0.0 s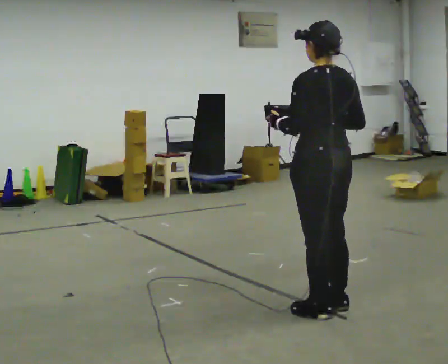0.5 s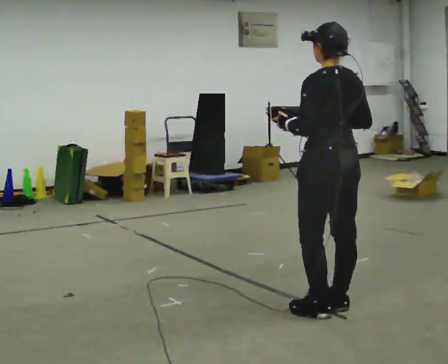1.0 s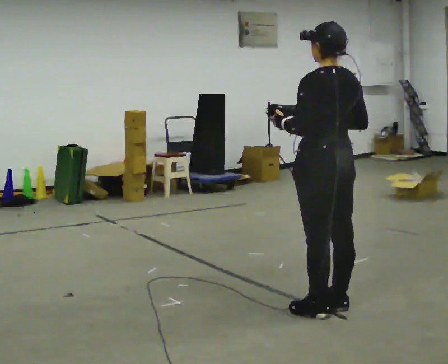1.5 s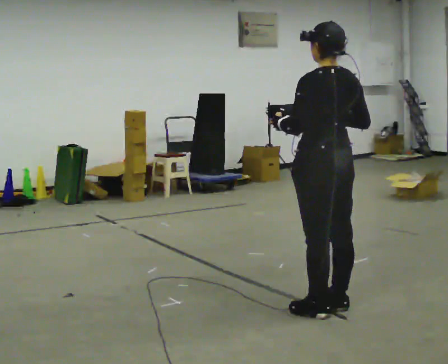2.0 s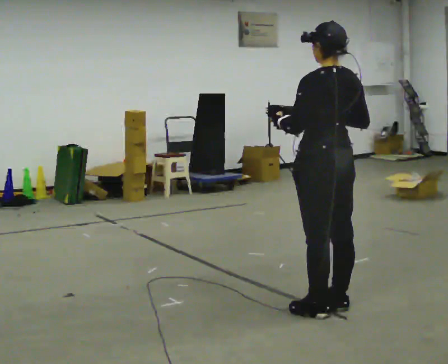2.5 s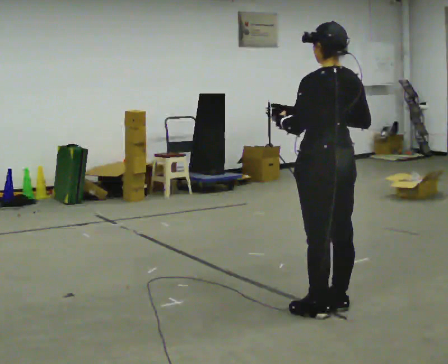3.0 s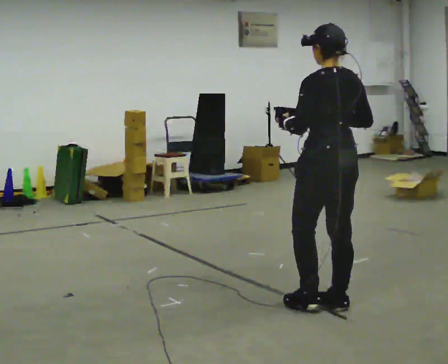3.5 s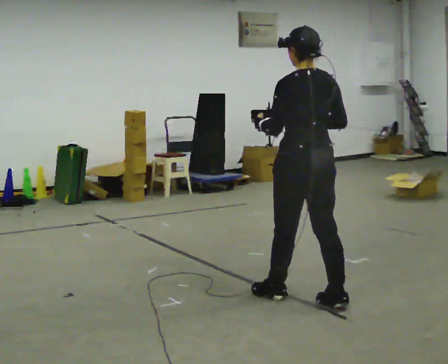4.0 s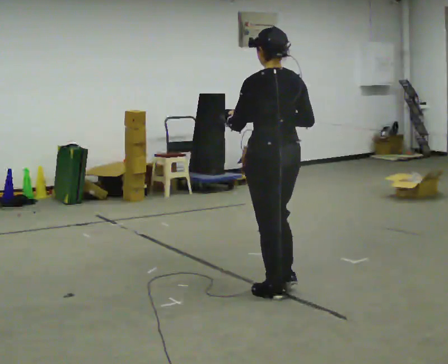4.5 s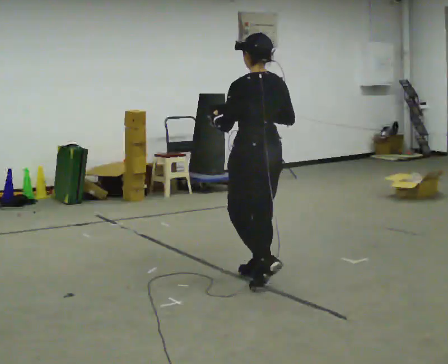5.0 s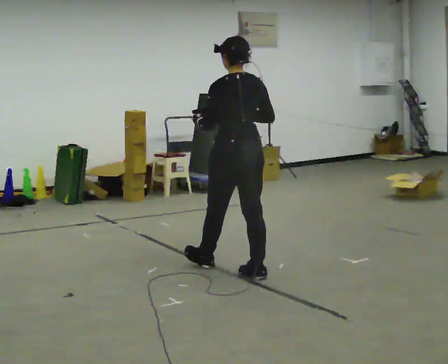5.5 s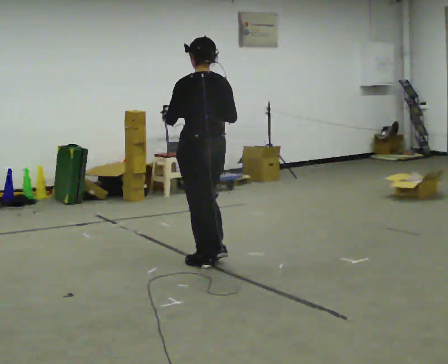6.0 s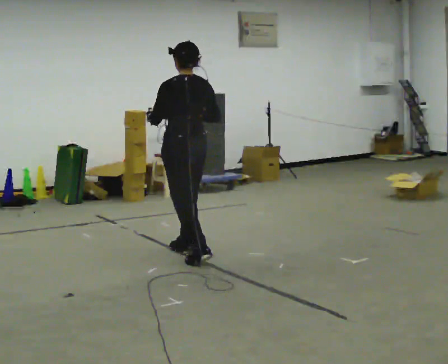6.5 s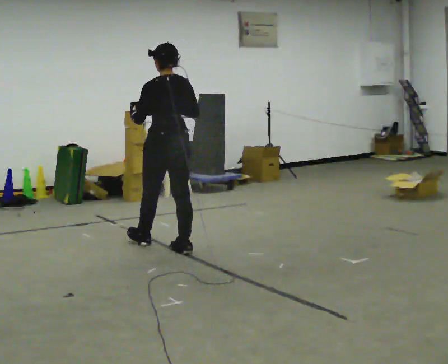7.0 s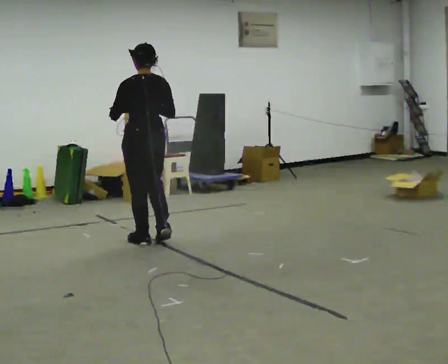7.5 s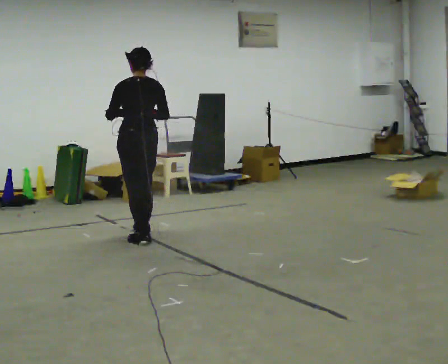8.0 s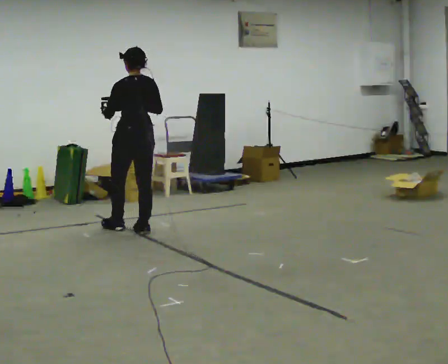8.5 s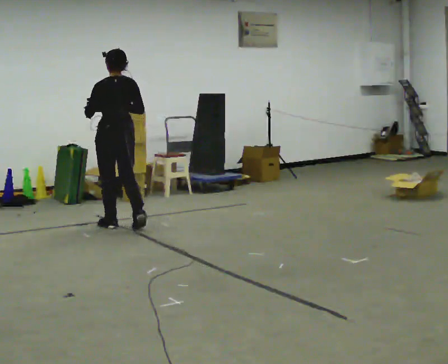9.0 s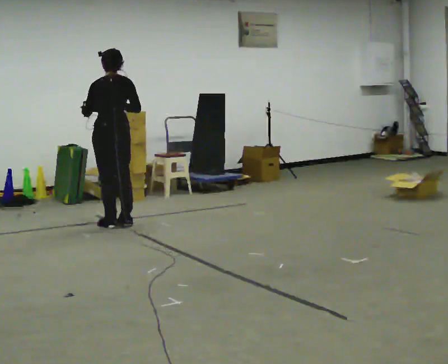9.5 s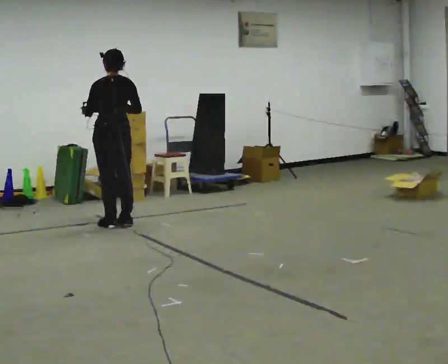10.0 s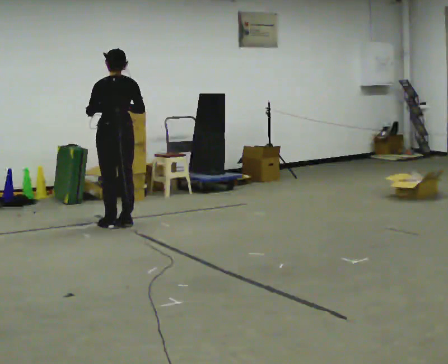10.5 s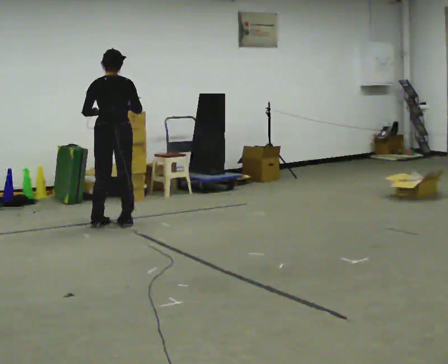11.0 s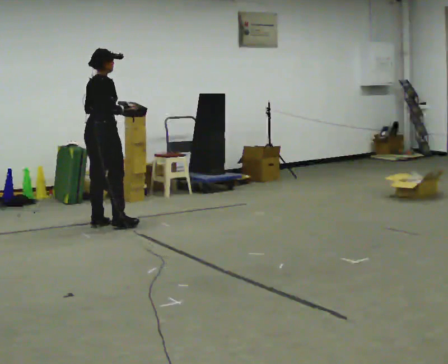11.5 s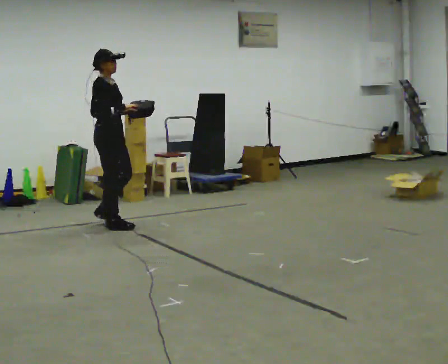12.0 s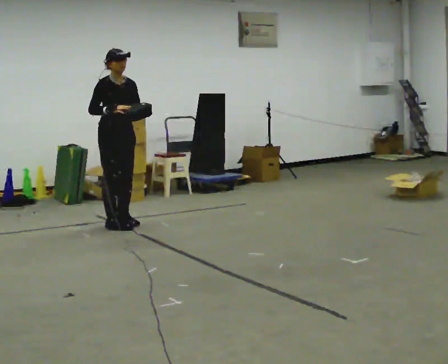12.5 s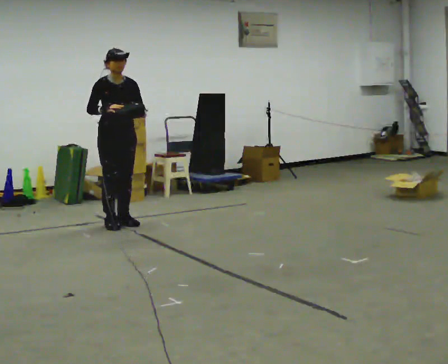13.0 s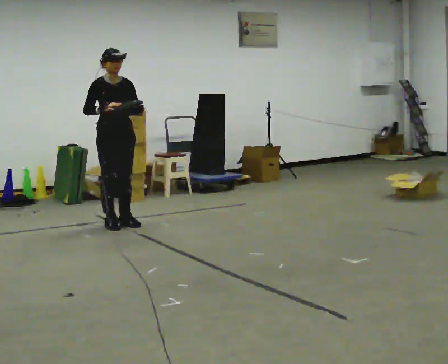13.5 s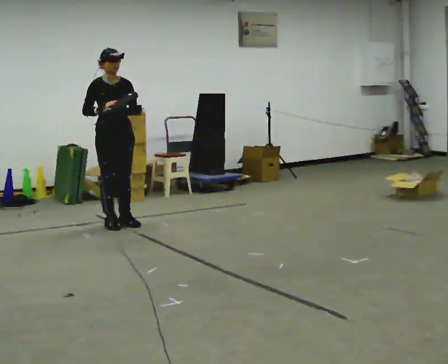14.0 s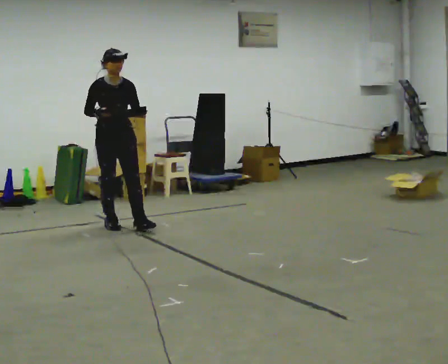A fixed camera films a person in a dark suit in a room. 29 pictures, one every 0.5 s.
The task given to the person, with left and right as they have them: Carry the lidded box and, while you are still walking, open the lid, then close it again. Repeat as you walk back and forth. Do not stop to do it.
0.0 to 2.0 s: The person moves a little, or ends about where they began.
2.0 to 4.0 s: In the picture they go away from the camera and to the left, about 0.5 m in 1 step, which for them is forward.
4.0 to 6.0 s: In the picture they go away from the camera and to the left, about 1 m in 3 steps, which for them is forward.
6.0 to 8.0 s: In the picture they go away from the camera and to the left, about 1 m in 2 steps, which for them is forward.
8.0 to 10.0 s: In the picture they go away from the camera and to the left, about 0.25 m in 2 steps, which for them is forward.
10.0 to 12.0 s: Seen from above the body turns clockwise, about 165 degrees: to their right, with its near side sliding to the left. In the picture their left hand goes to the right.
12.0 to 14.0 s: The person moves a little, or ends about where they began.
The film runs forward here.
